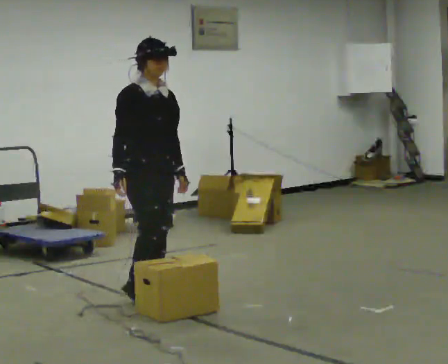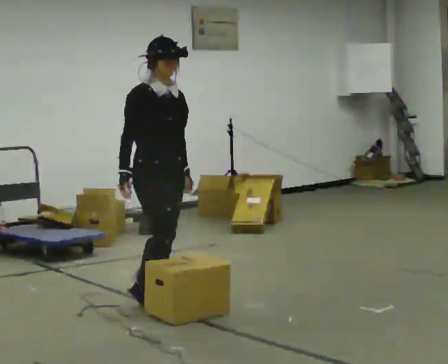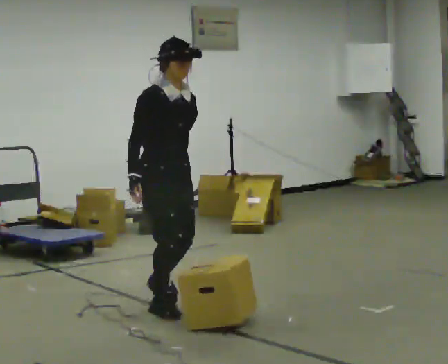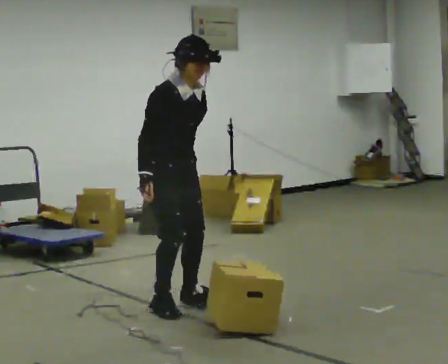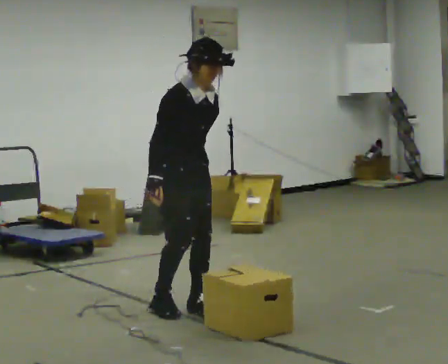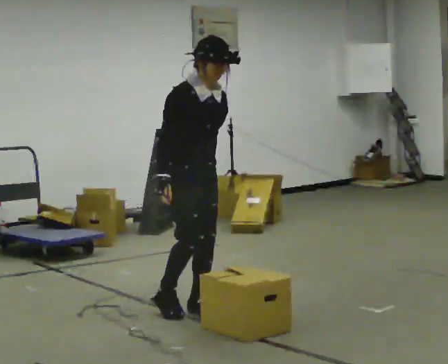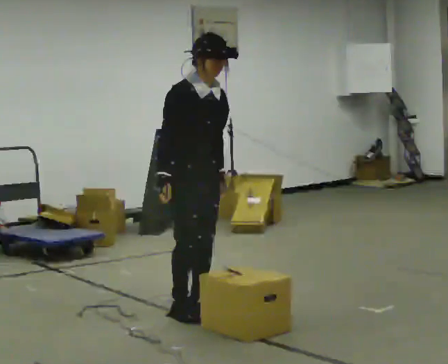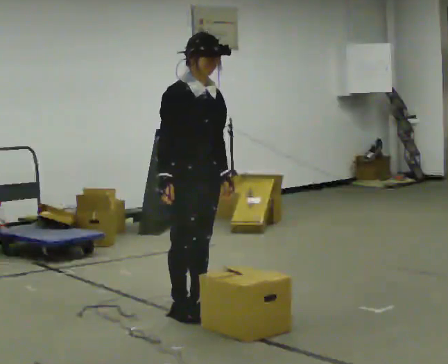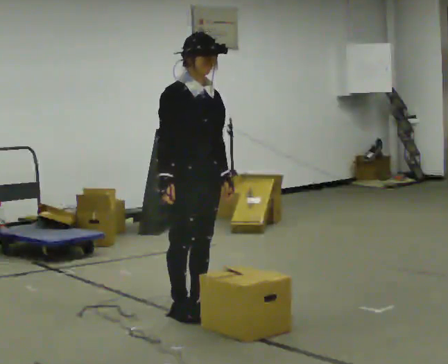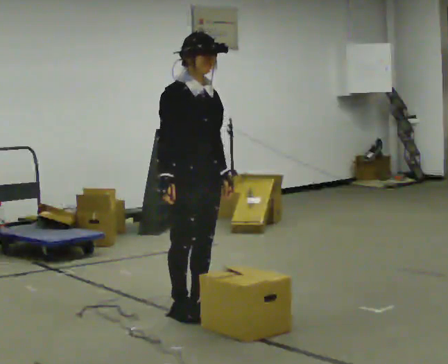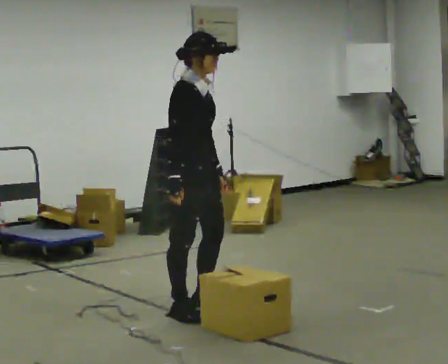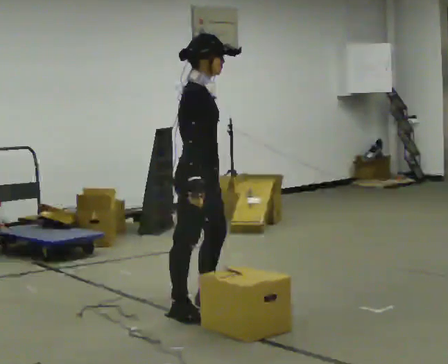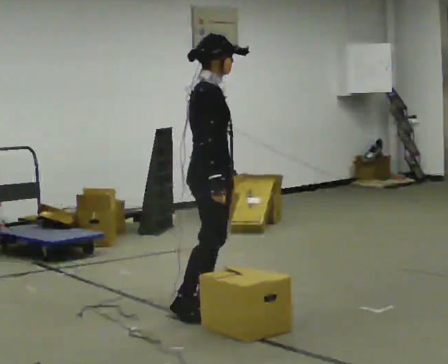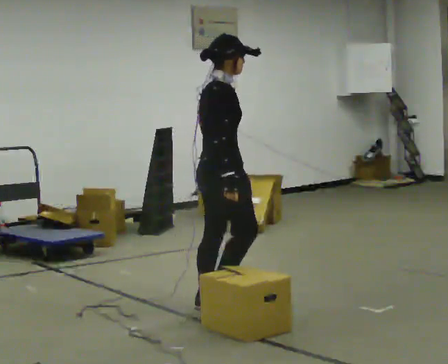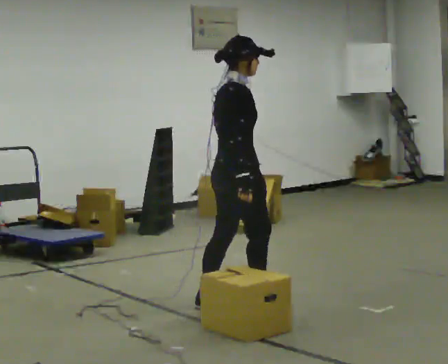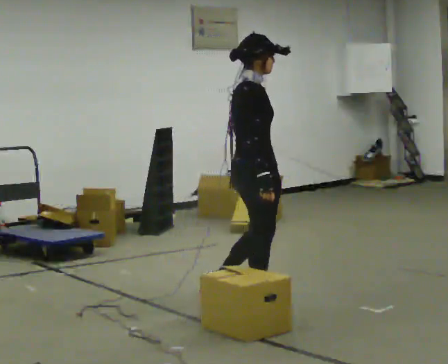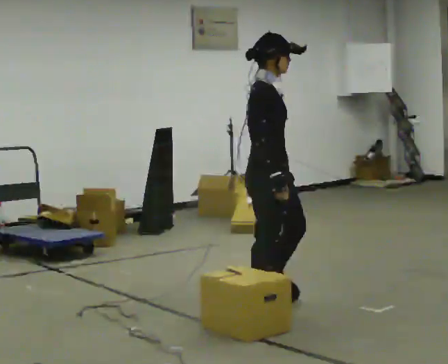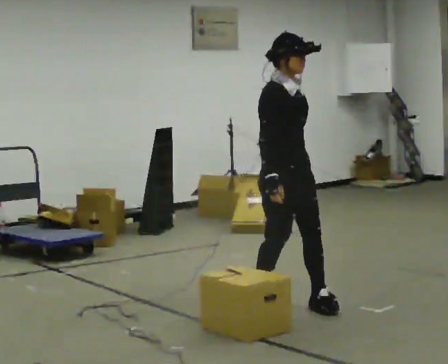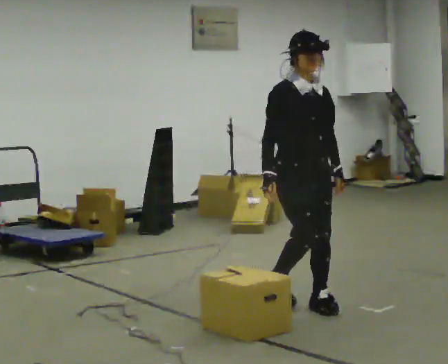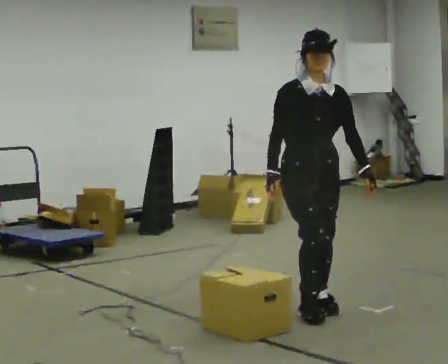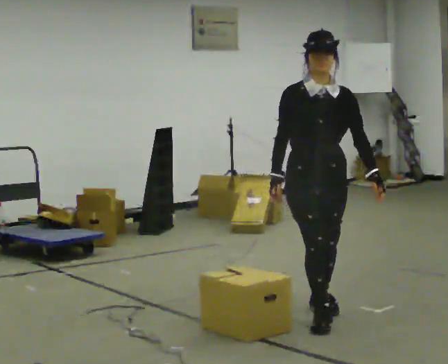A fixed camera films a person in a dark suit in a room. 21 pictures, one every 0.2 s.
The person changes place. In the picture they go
to the right.
0.0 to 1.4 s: In the picture they go toward the camera and to the right, about 0.5 m in 3 steps, which for them is forward.
1.4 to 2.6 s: Seen from above the body turns counterclockwise, about 60 degrees: to their left, with its near side sliding to the right. In the picture they go to the right, about 0.25 m.
2.6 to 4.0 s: The person turns about 90 degrees to their right, clockwise seen from above, so the part of the body nearest the lens slides to the left. In the picture they go to the right and toward the camera, about 0.5 m in 3 steps.
The film runs forward here.
